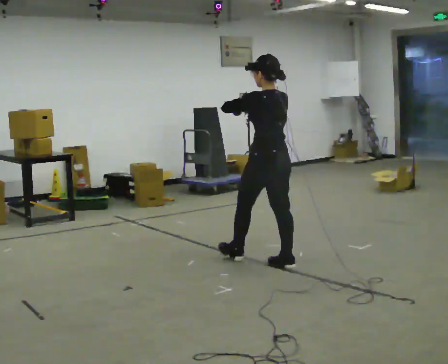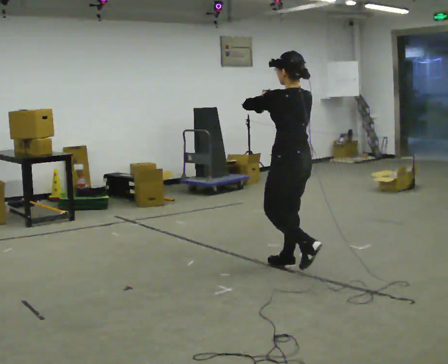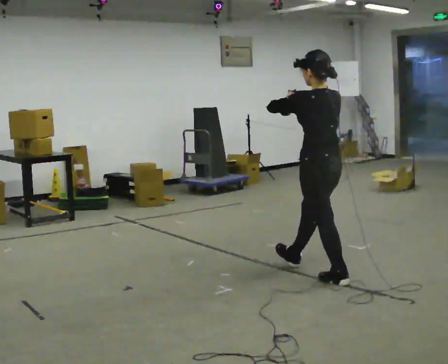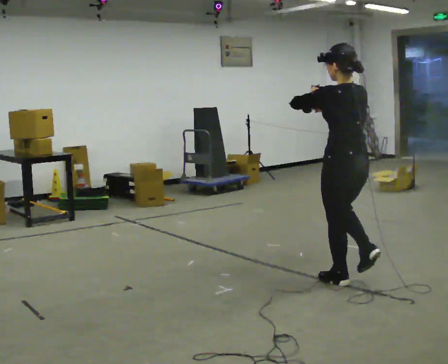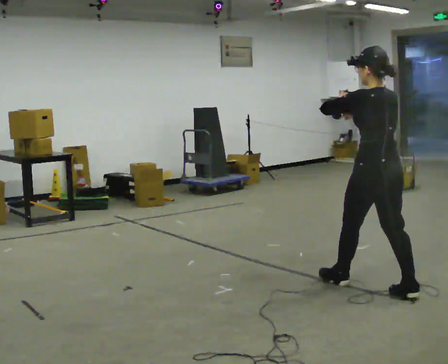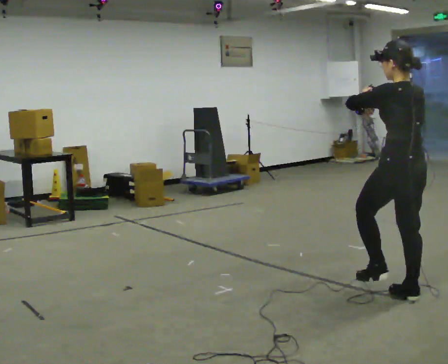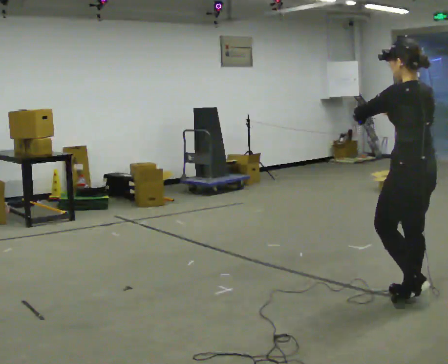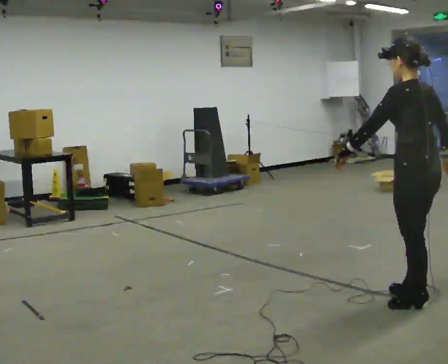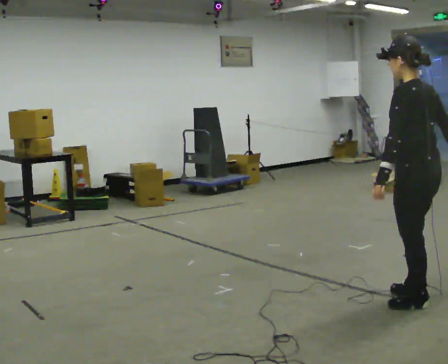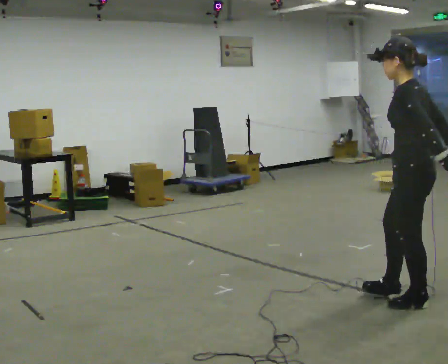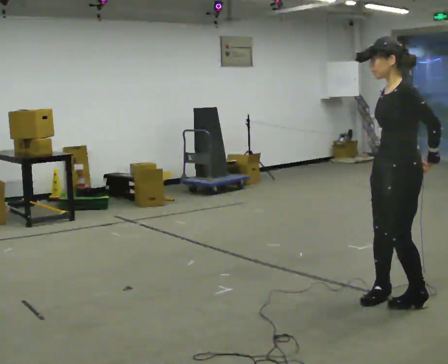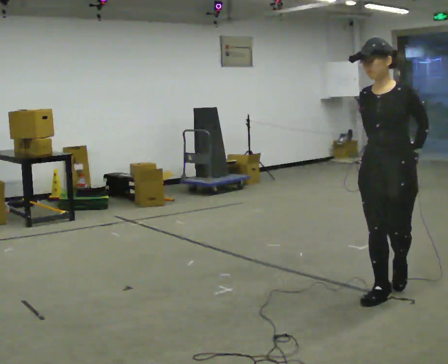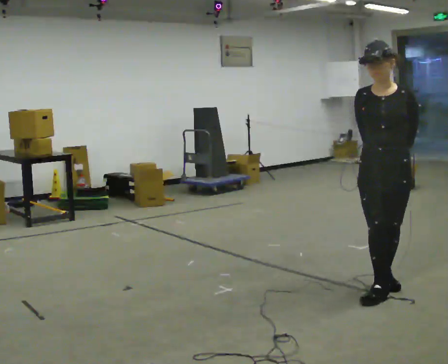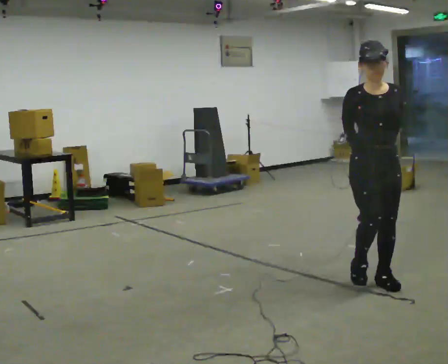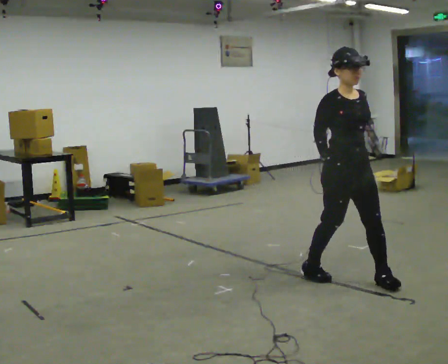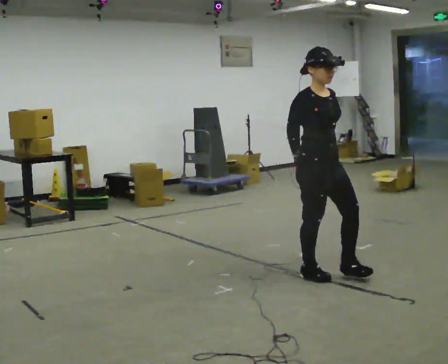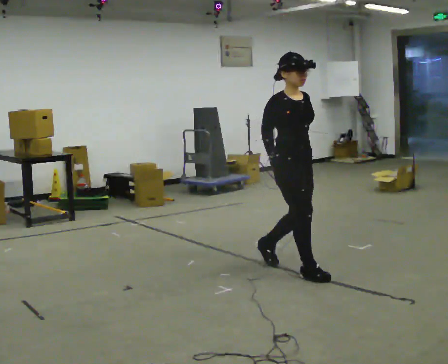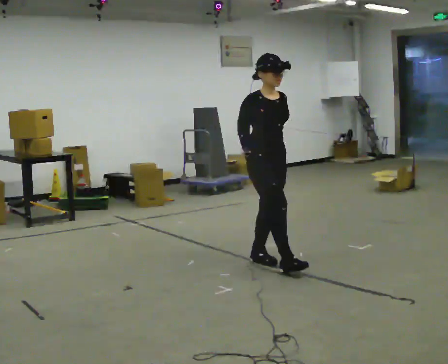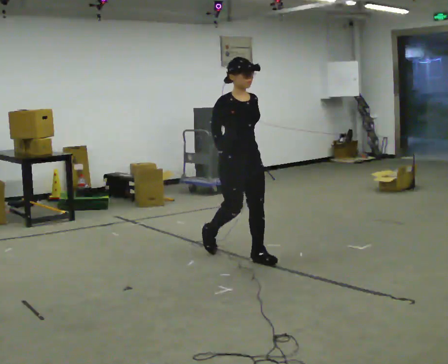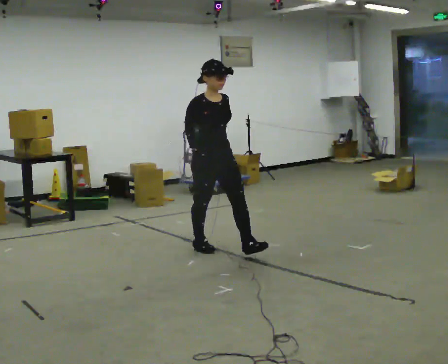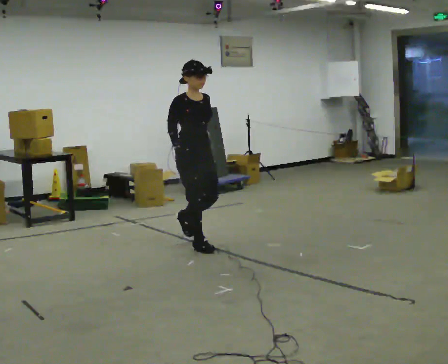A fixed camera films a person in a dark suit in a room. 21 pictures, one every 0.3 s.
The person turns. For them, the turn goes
to their left.
The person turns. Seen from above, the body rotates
counterclockwise.
0.0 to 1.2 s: In the picture they go to the right and toward the camera, about 1 m in 1 step, which for them is backward.
1.2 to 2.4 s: In the picture they go toward the camera and to the right, about 0.5 m in 1 step, which for them is backward. In the picture their right hand goes downward.
2.4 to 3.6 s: Seen from above the body turns counterclockwise, about 120 degrees: to their left, with its near side sliding to the right. In the picture they go away from the camera and to the left, about 0.5 m in 3 steps.
3.6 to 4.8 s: Seen from above the body turns counterclockwise, about 60 degrees: to their left, with its near side sliding to the right. In the picture they go to the left and away from the camera, about 1 m in 1 step.
4.8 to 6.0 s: In the picture they go to the left and away from the camera, about 1 m in 2 steps, which for them is backward.
The film runs backward here.
